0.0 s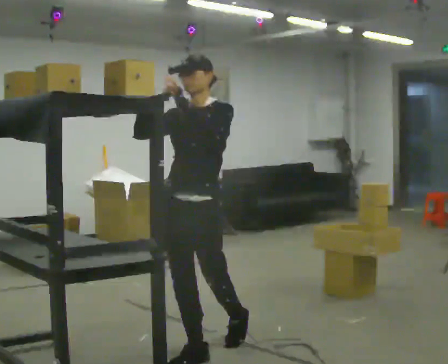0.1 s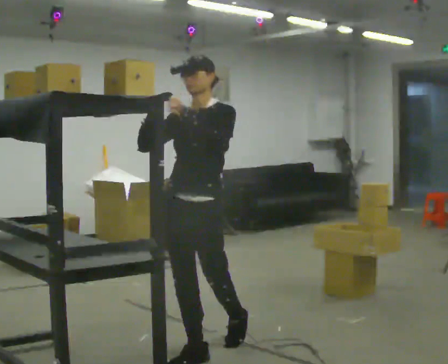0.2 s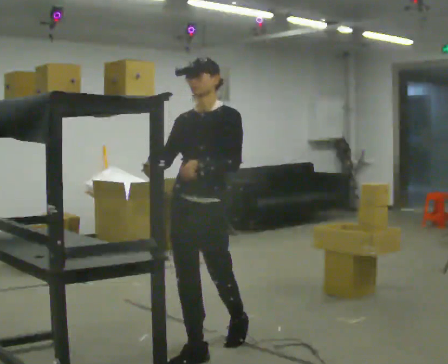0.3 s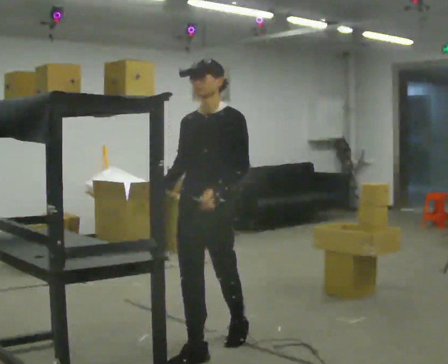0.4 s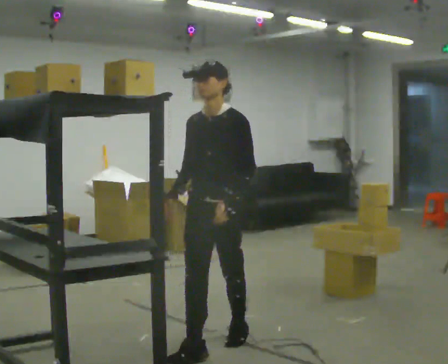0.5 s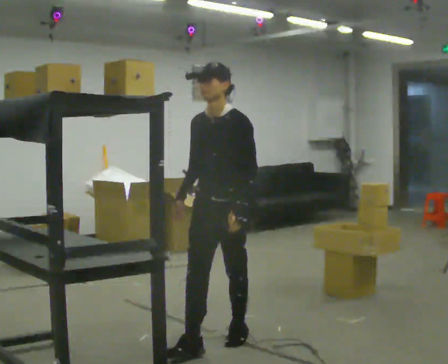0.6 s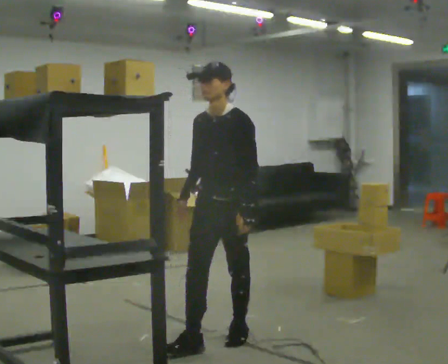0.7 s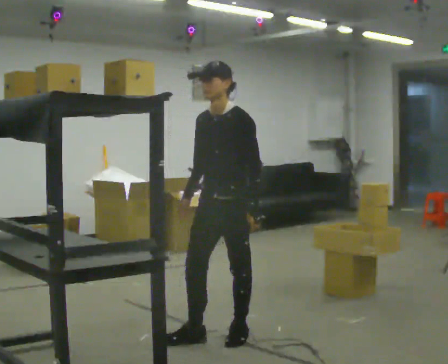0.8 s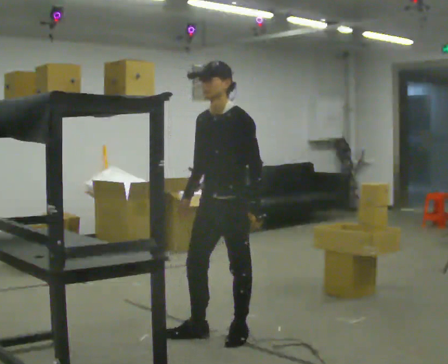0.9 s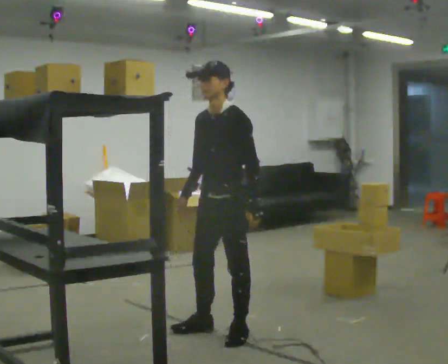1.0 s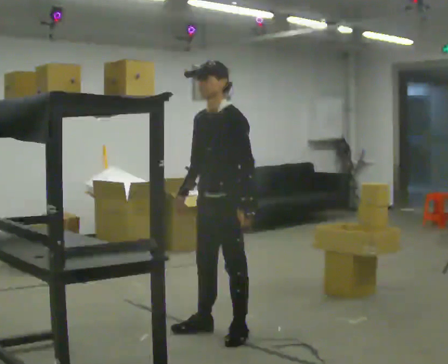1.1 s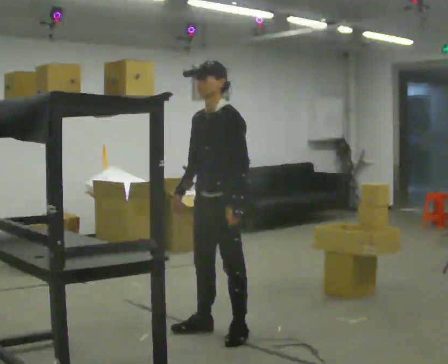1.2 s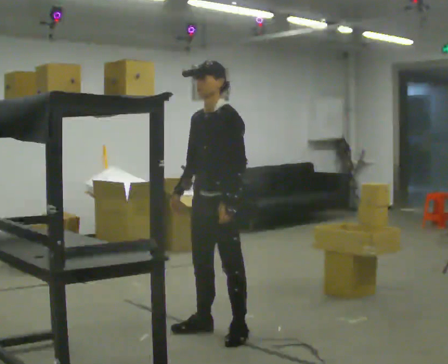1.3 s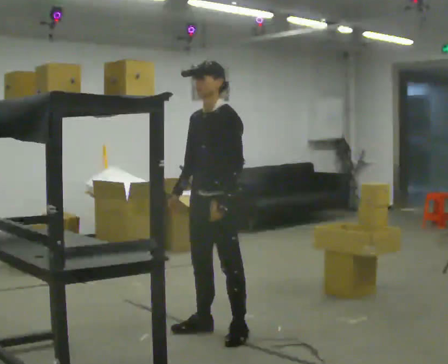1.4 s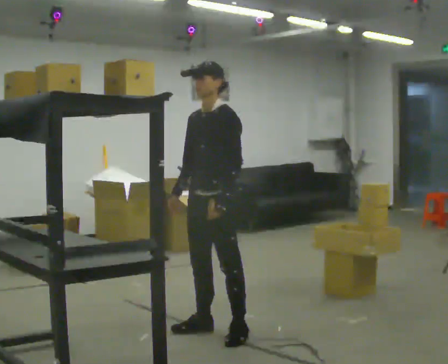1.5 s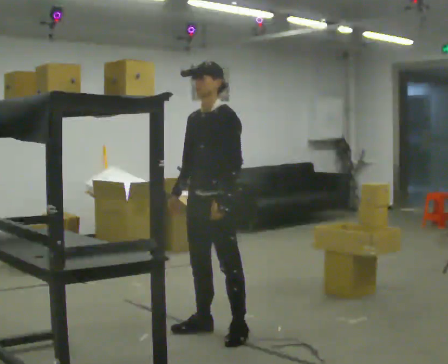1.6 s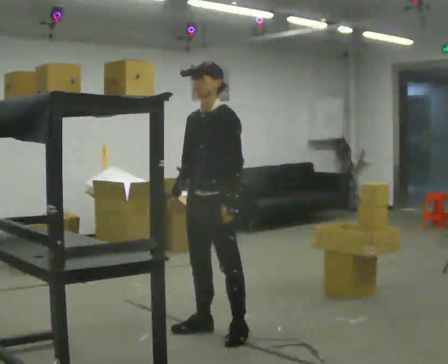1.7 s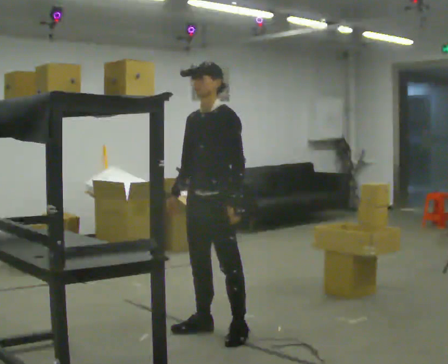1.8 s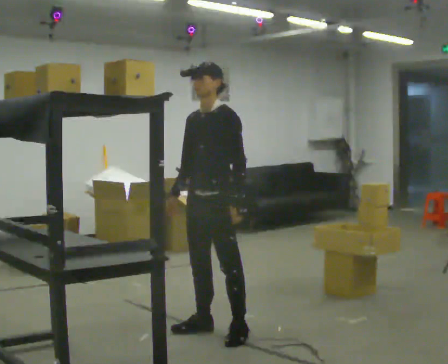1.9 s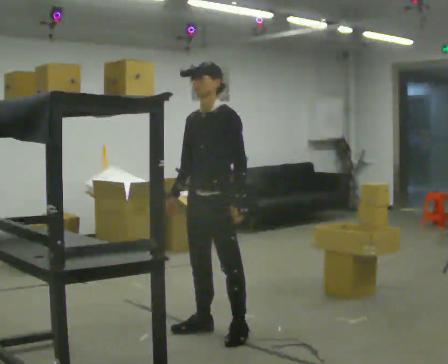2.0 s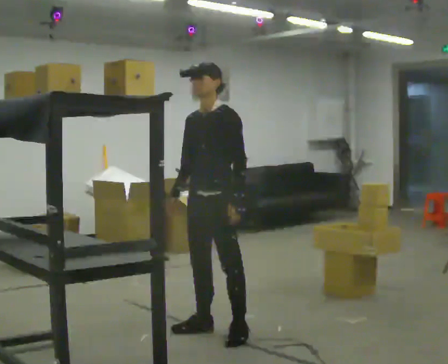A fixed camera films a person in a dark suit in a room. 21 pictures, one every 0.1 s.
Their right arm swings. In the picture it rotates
counterclockwise.
Their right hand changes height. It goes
downward.
0.0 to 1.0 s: Seen from above the body turns clockwise, about 30 degrees: to their right, with its near side sliding to the left. In the picture they go away from the camera and to the right, about 0.5 m in 1 step, which for them is backward. In the picture their right hand goes downward, the arm swinging counterclockwise.
1.0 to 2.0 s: The person moves a little, or ends about where they began.
The film runs forward here.
